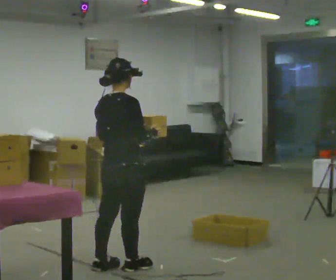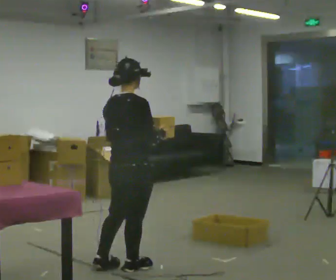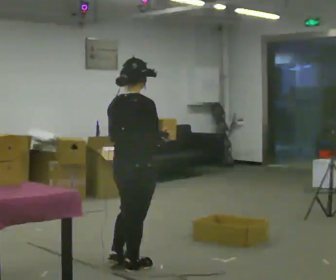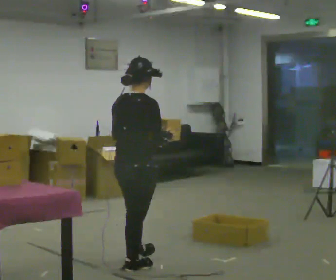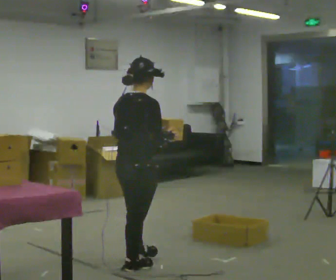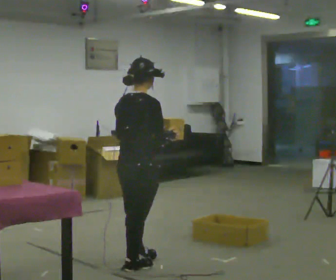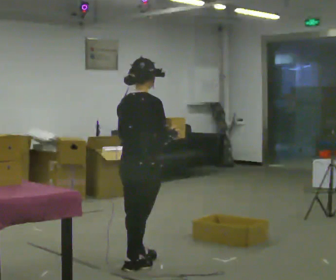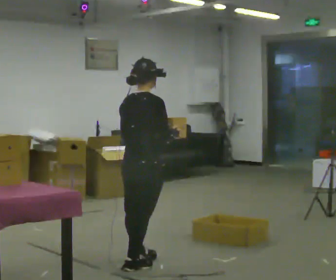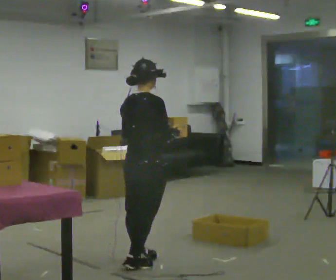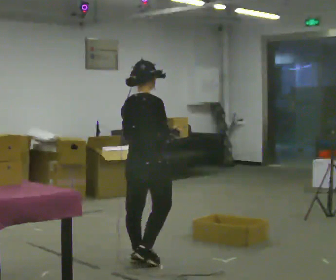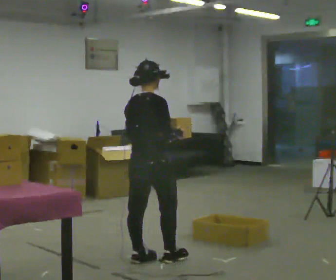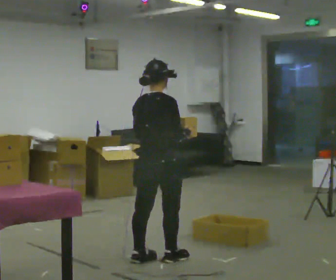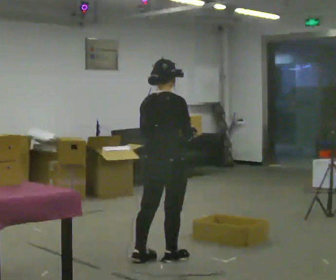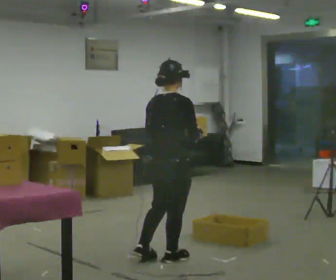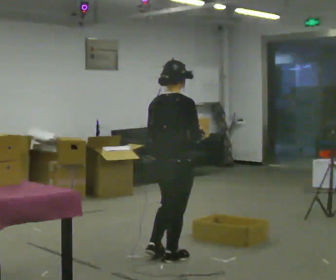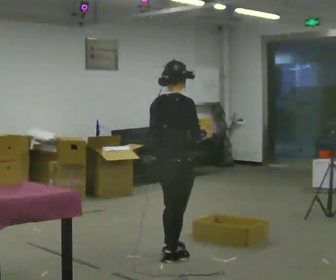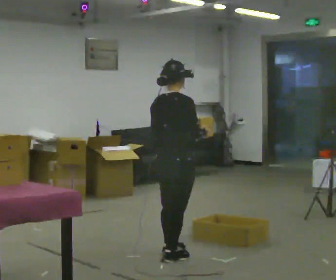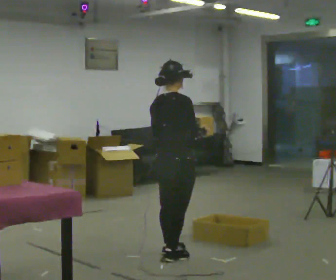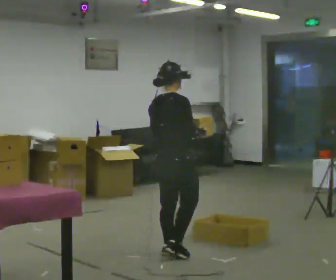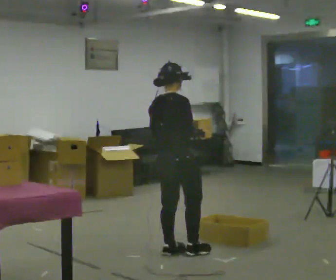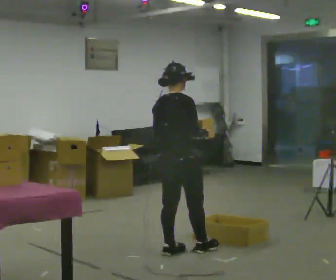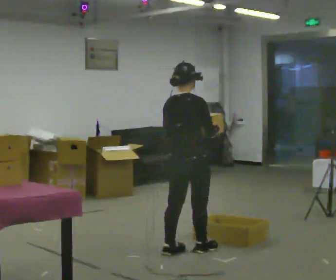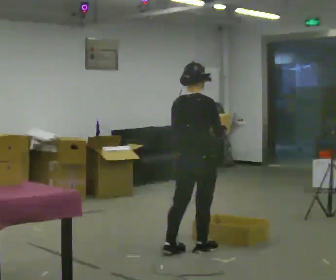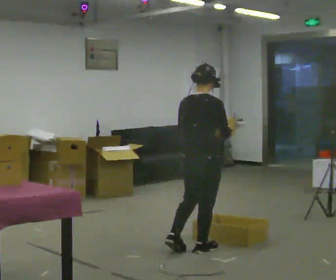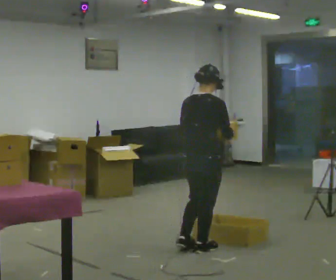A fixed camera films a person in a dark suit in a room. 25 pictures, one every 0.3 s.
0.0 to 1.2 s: The person moves a little, or ends about where they began.
1.2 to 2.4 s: In the picture they go away from the camera, about 0.25 m, which for them is forward.
2.4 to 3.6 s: In the picture they go to the right, about 0.25 m in 1 step, which for them is forward.
3.6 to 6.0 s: In the picture they go away from the camera, about 0.25 m in 2 steps, which for them is forward.
6.0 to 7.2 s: In the picture they go to the right, about 0.25 m, which for them is to their right and forward.
The film runs forward here.
